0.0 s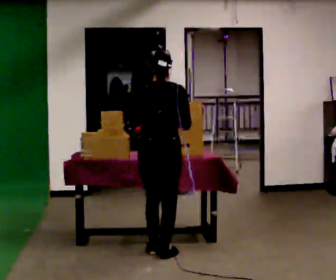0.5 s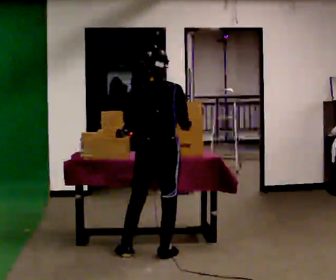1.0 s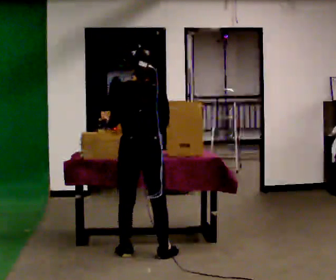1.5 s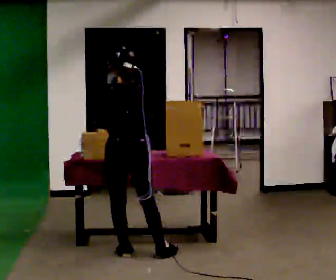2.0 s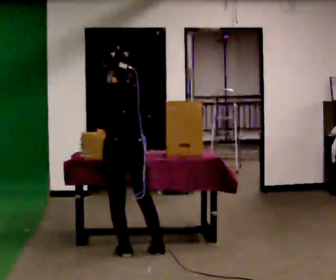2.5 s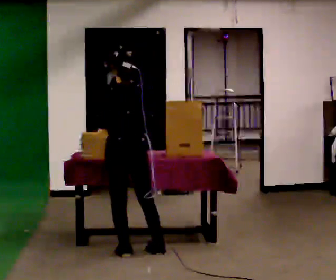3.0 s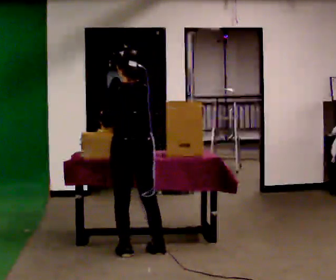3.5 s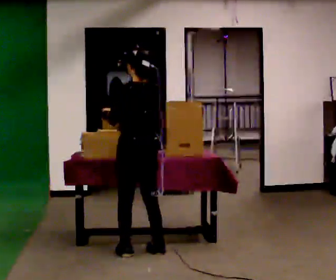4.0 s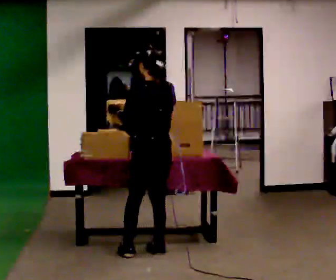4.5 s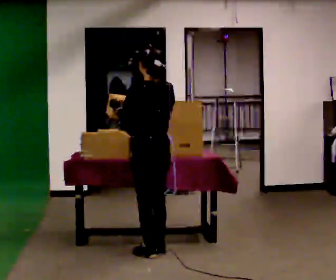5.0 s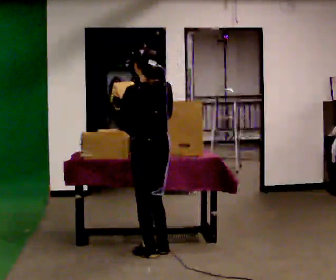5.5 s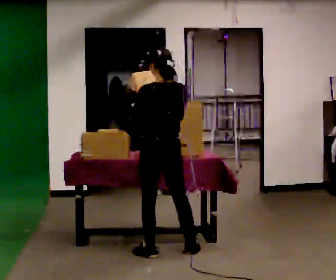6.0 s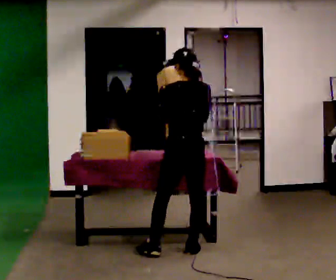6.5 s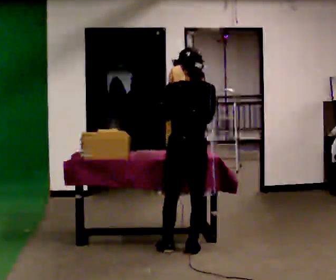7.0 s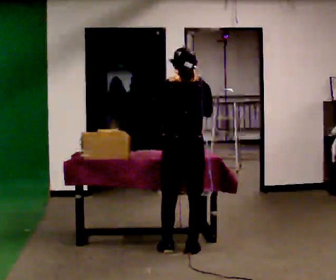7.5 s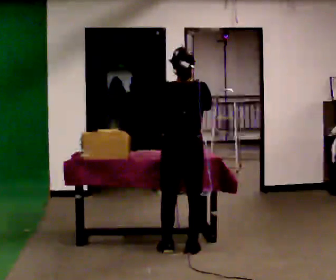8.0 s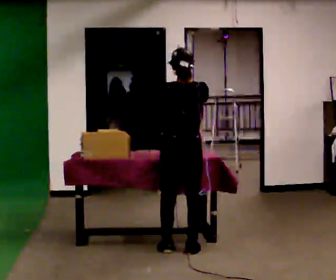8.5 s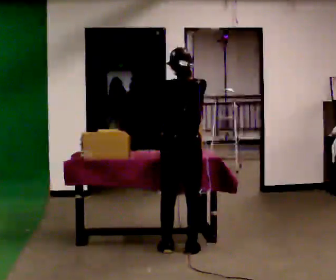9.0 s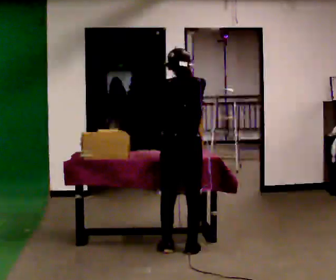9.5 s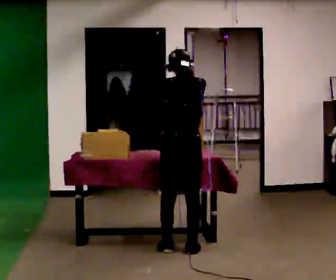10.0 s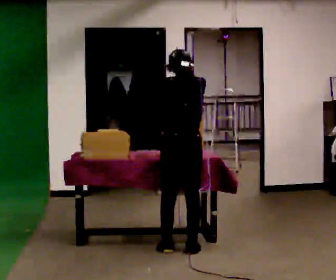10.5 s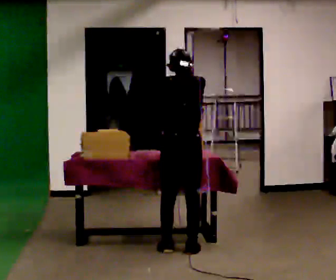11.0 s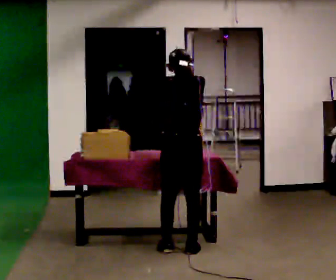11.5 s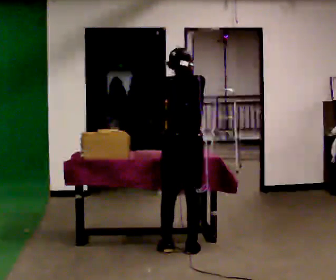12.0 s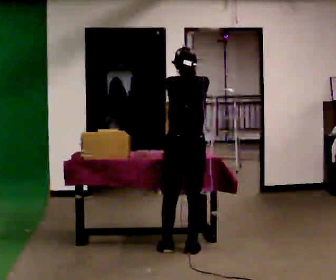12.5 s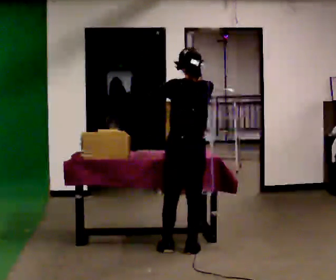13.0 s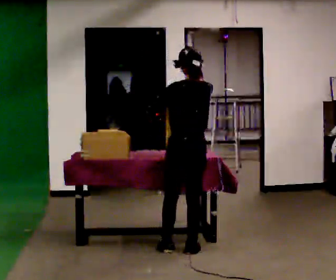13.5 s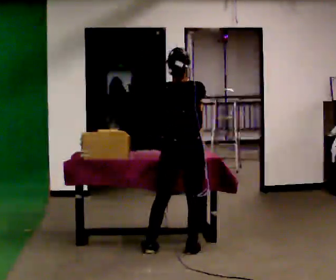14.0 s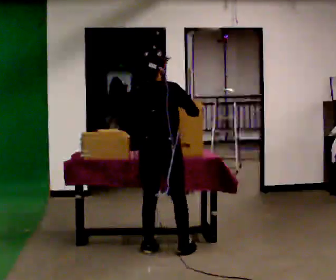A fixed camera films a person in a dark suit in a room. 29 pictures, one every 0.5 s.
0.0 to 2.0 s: In the picture they go to the left, about 0.25 m in 1 step, which for them is to their left.
2.0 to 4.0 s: The person turns about 30 degrees to their left, counterclockwise seen from above, so the part of the body nearest the lens slides to the right. In the picture they go to the right, about 0.25 m, which for them is to their right.
4.0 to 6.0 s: In the picture they go to the right, about 0.25 m in 2 steps, which for them is to their right and backward. In the picture their left hand goes to the right.
6.0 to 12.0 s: The person moves a little, or ends about where they began.
12.0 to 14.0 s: In the picture they go to the left, about 0.25 m in 1 step, which for them is to their left.
The film runs backward here.
